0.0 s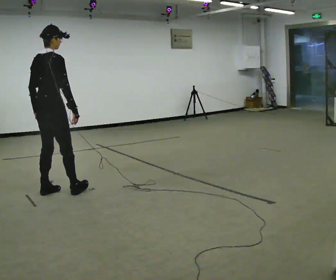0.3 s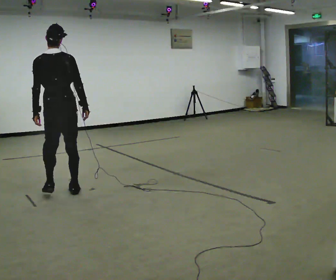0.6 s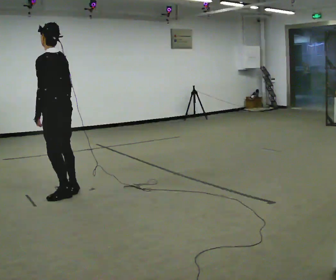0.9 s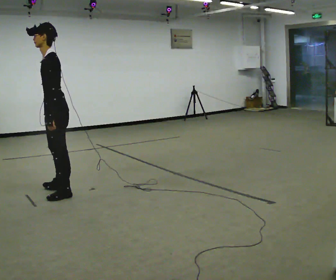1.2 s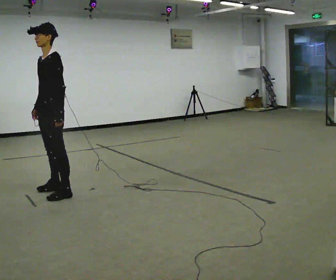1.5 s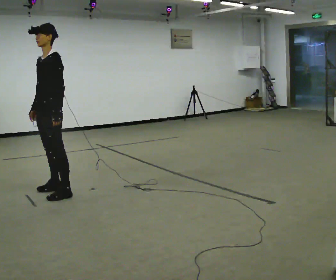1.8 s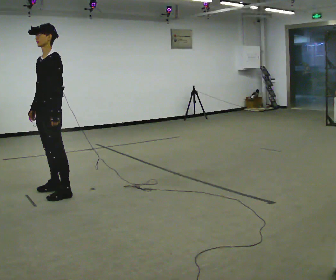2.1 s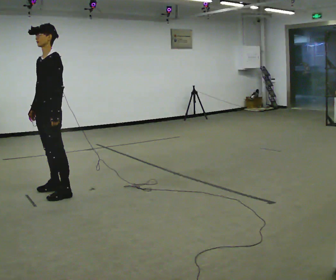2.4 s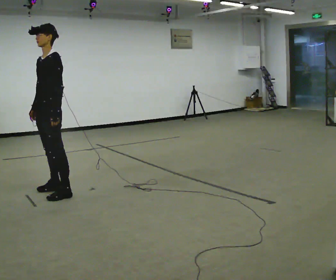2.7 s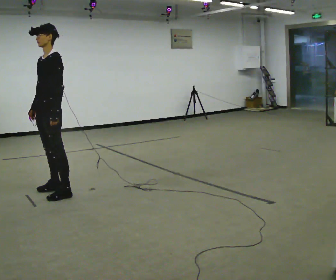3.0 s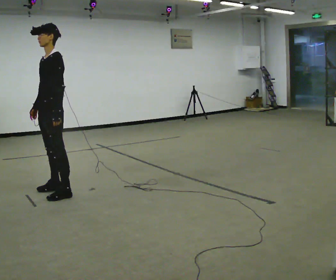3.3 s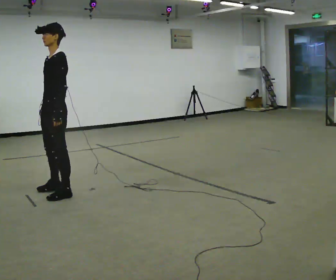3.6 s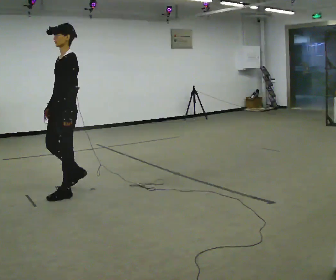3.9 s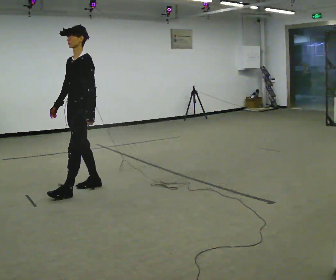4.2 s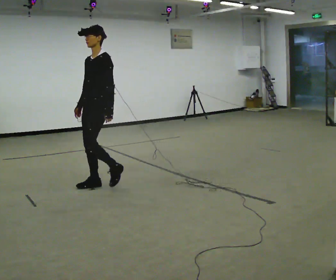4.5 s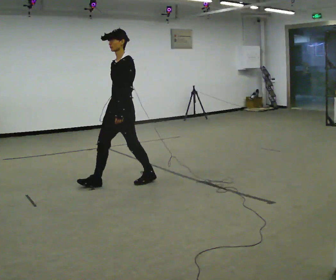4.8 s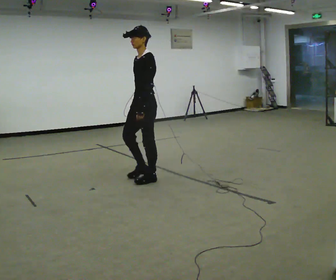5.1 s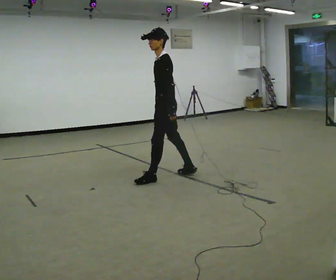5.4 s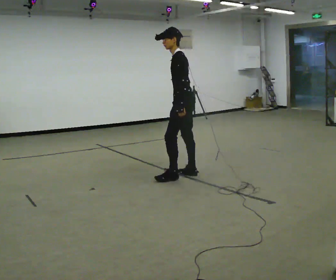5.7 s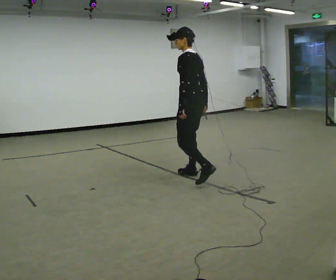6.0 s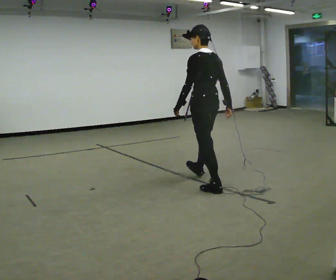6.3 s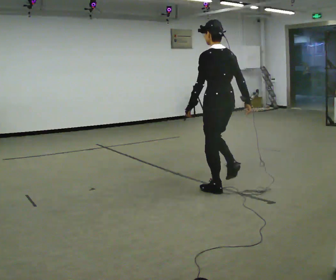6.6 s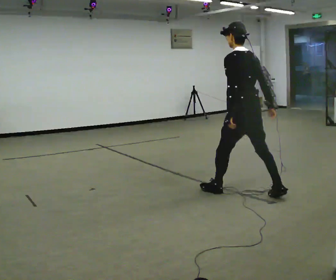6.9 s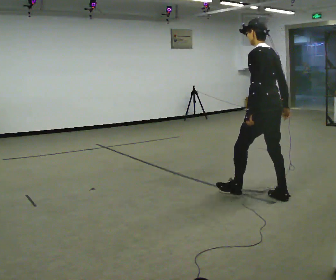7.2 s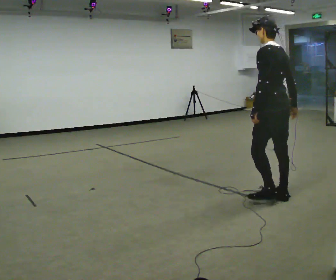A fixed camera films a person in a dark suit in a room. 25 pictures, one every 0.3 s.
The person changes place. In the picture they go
to the right.
0.0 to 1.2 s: Seen from above the body turns counterclockwise, about 165 degrees: to their left, with its near side sliding to the right. In the picture their right hand goes to the left, the arm swinging clockwise.
1.2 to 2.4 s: The person moves a little, or ends about where they began.
2.4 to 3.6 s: In the picture they go to the right, about 0.25 m in 1 step, which for them is backward.
3.6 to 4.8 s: In the picture they go to the right, about 1 m in 2 steps, which for them is backward.
4.8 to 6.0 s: The part of the body nearest the lens slides to the left as the person turns to their right by about 75 degrees. In the picture they go to the right and toward the camera, about 0.5 m in 2 steps.
6.0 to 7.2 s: In the picture they go toward the camera and to the right, about 1 m in 1 step, which for them is backward.
The film runs backward here.
